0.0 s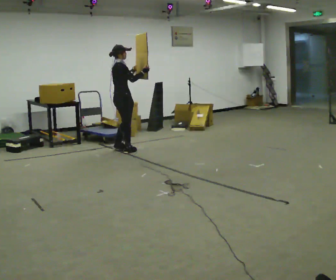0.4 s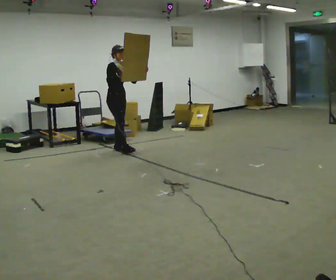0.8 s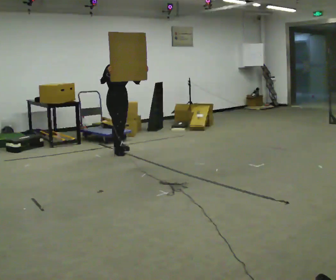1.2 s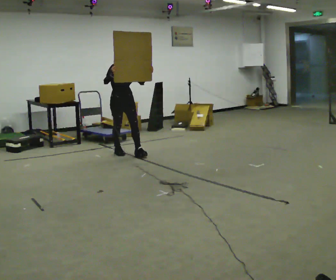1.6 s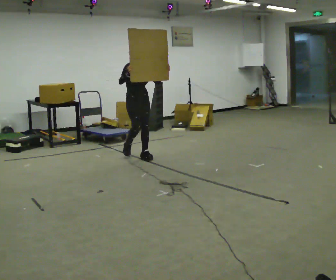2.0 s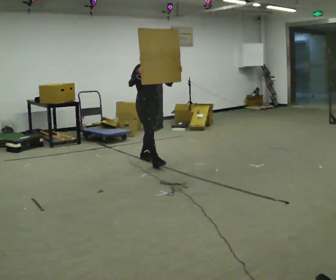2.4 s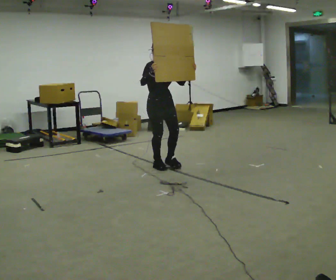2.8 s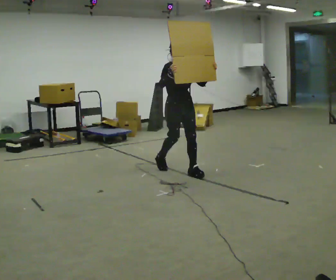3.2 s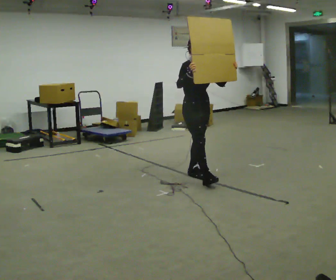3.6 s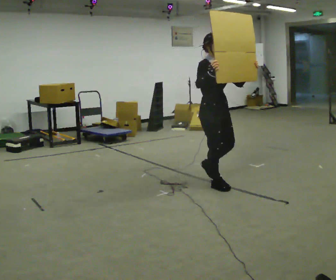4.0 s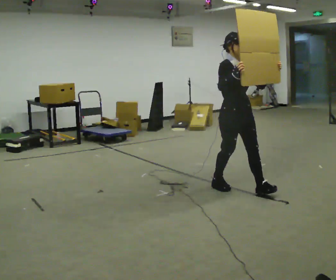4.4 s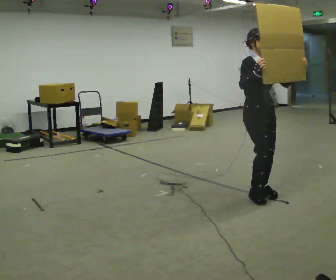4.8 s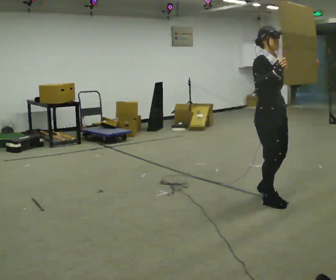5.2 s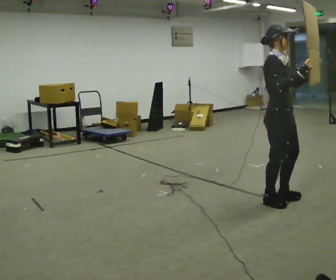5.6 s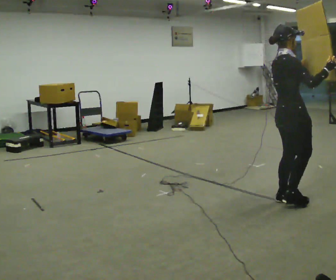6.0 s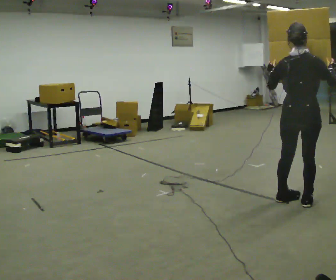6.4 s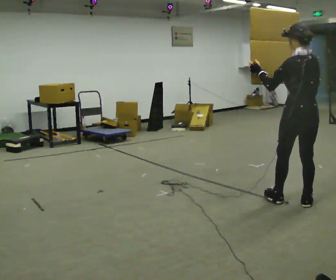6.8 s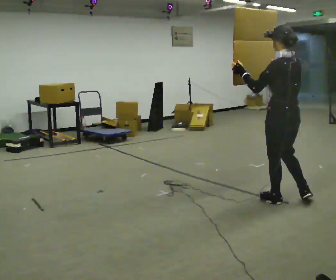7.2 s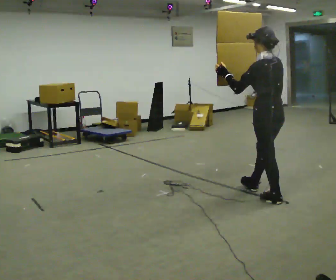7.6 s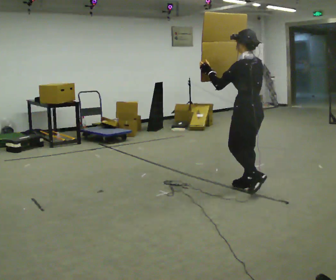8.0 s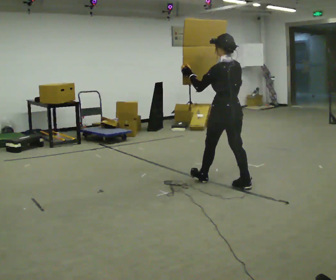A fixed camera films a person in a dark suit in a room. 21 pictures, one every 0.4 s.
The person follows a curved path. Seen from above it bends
counterclockwise.
0.0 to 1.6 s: The part of the body nearest the lens slides to the left as the person turns to their right by about 75 degrees. In the picture they go toward the camera and to the right, about 0.5 m in 1 step.
1.6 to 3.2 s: In the picture they go toward the camera and to the right, about 1.5 m in 2 steps, which for them is forward.
3.2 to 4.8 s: In the picture they go toward the camera and to the right, about 1 m in 3 steps, which for them is forward.
4.8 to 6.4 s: Seen from above the body turns counterclockwise, about 165 degrees: to their left, with its near side sliding to the right. In the picture they go to the right, about 0.25 m in 2 steps.
6.4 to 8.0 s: In the picture they go to the left and away from the camera, about 1 m in 2 steps, which for them is forward.
The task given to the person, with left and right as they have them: Carry the large panel across the room. It will block your view ahead, so take whatever route feels safe. Keep going until the operator says stop; one object at a time, and do not rush between trips.
The film runs forward here.
